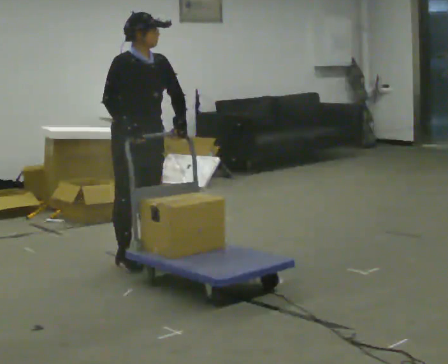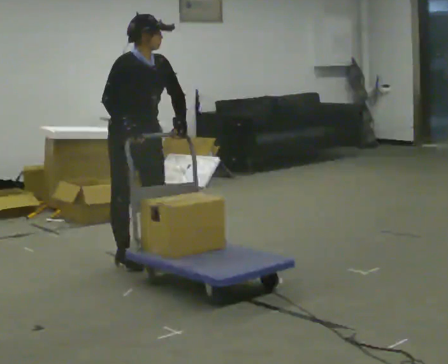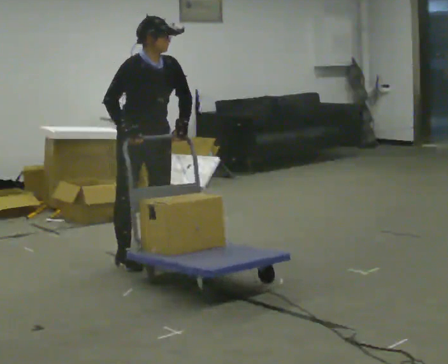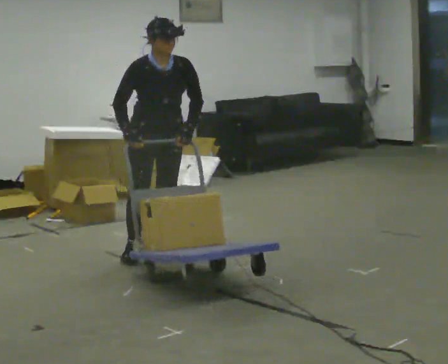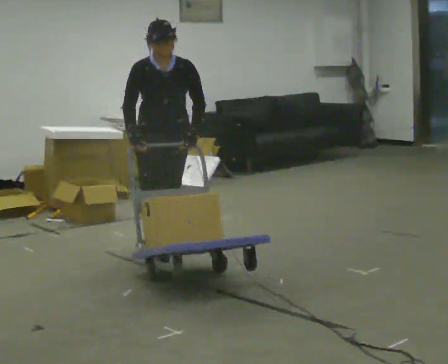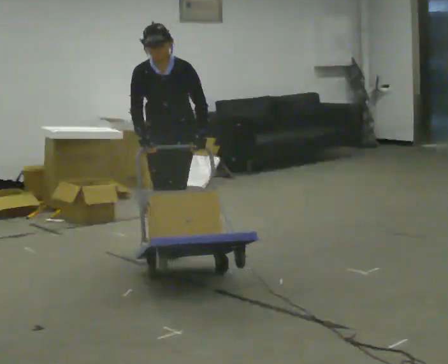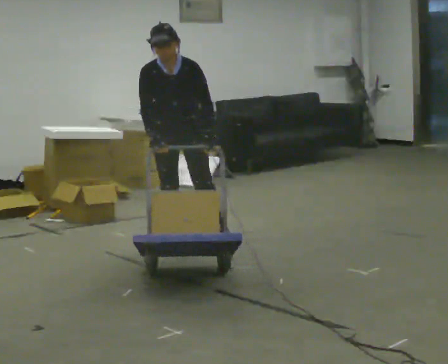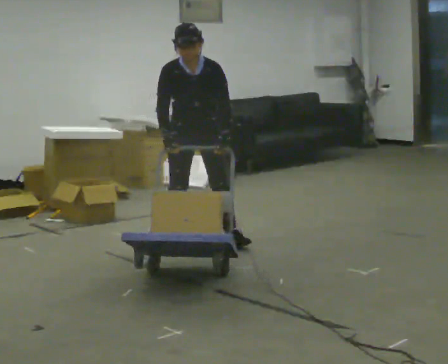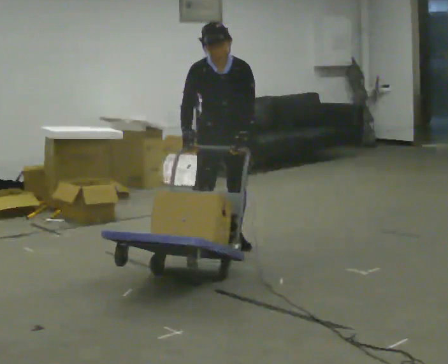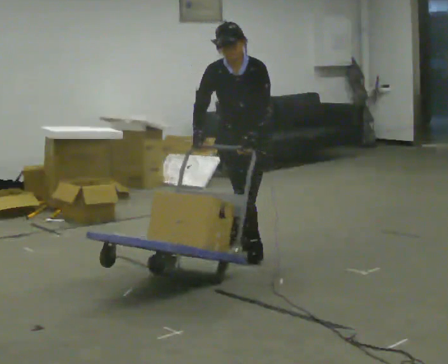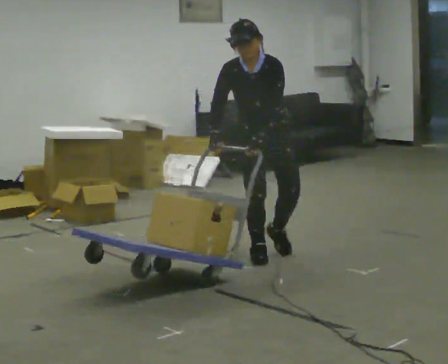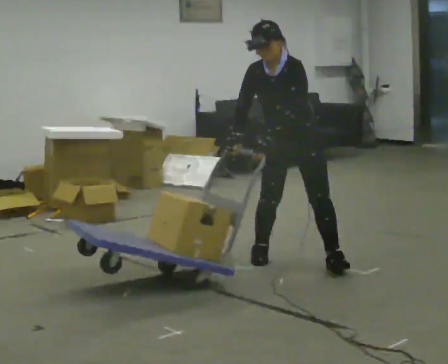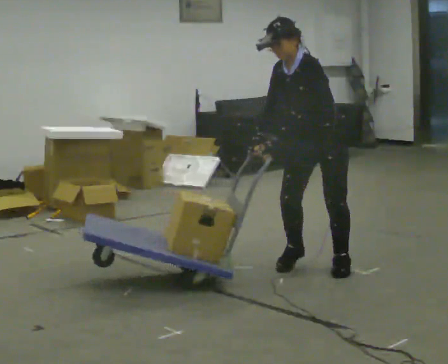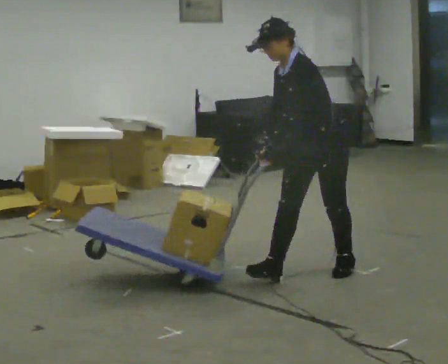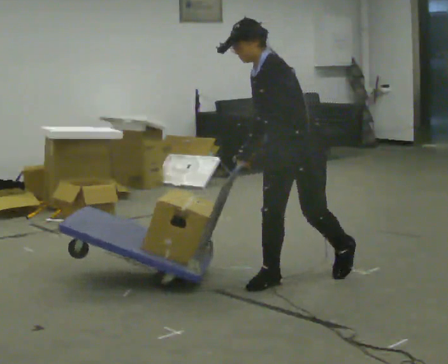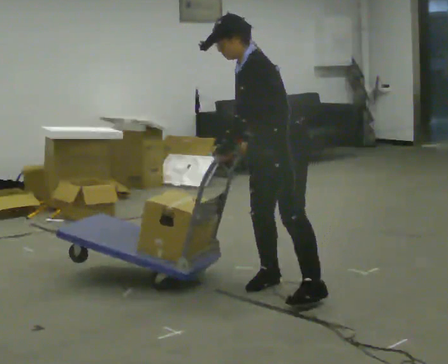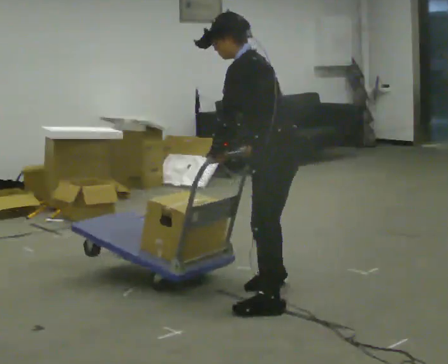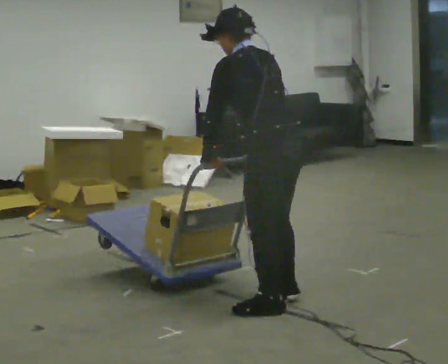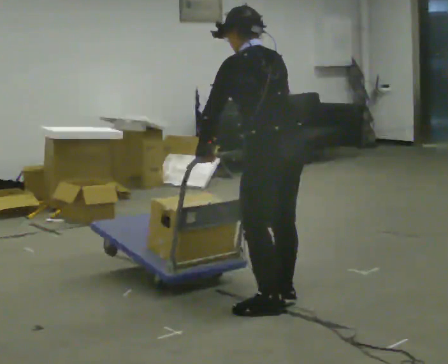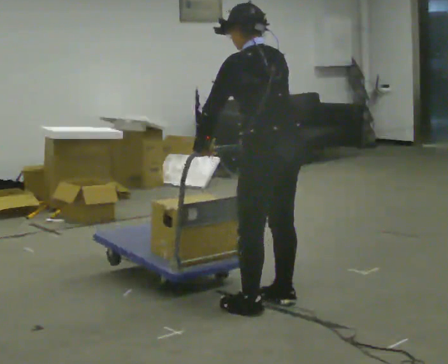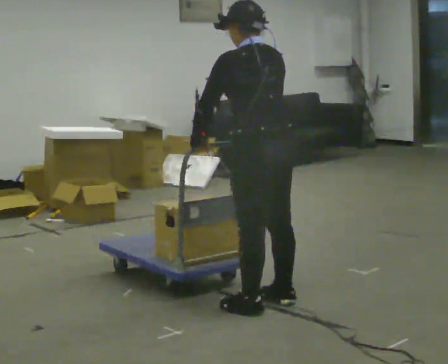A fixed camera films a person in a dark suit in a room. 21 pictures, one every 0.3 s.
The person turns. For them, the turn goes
to their right.
The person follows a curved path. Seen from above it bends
clockwise.
0.0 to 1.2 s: Seen from above the body turns clockwise, about 45 degrees: to their right, with its near side sliding to the left. In the picture they go away from the camera, about 0.25 m, which for them is to their left and backward.
1.2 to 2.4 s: In the picture they go to the right, about 0.5 m in 2 steps, which for them is to their left.
2.4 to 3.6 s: Seen from above the body turns clockwise, about 45 degrees: to their right, with its near side sliding to the left. In the picture they go to the right and toward the camera, about 1 m in 2 steps, which for them is to their left and forward. In the picture the upper body tilts counterclockwise, shoulders to the left.
3.6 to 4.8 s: The part of the body nearest the lens slides to the left as the person turns to their right by about 45 degrees. In the picture they go toward the camera, about 0.75 m in 2 steps, which for them is forward and to their left. The upper body tips away from the camera, its near side rolling upward.
4.8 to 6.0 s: Seen from above the body turns clockwise, about 45 degrees: to their right, with its near side sliding to the left. In the picture the upper body tilts clockwise, shoulders to the right, as they lean back or straighten.
The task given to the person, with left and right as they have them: Turn the cart round to face the other way without moving it out of the marked square, then turn it back. Repeat until the operator says stop.
The film runs forward here.
